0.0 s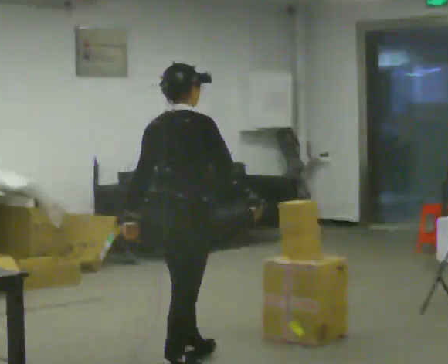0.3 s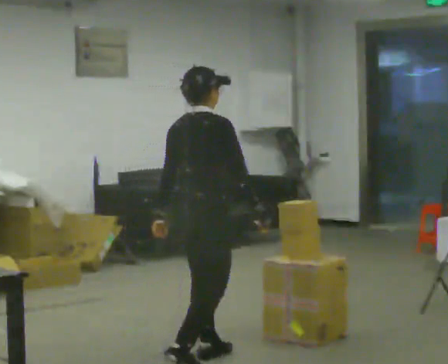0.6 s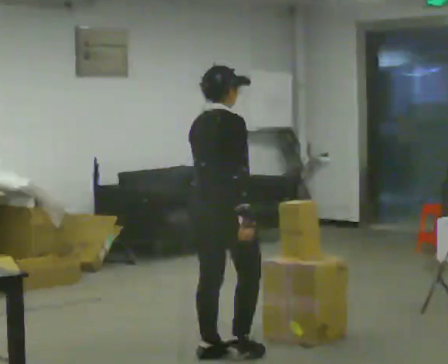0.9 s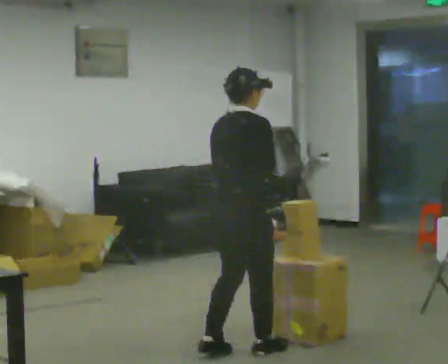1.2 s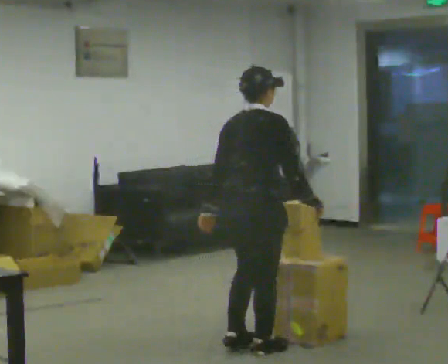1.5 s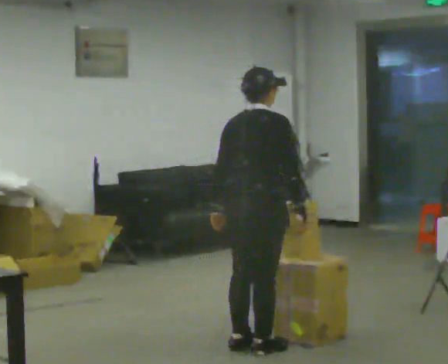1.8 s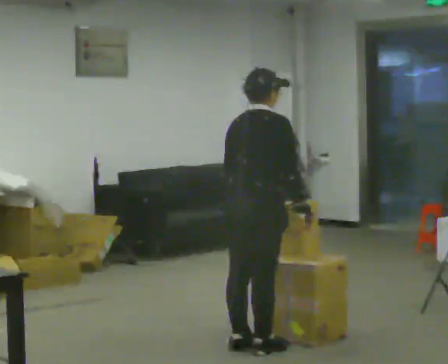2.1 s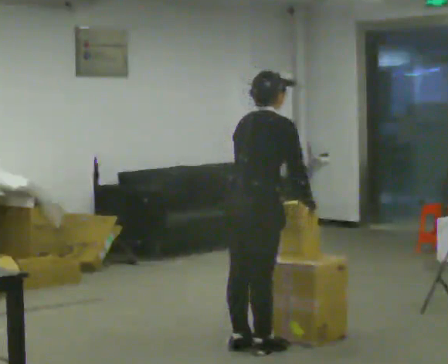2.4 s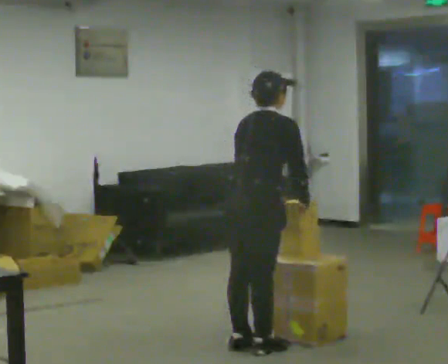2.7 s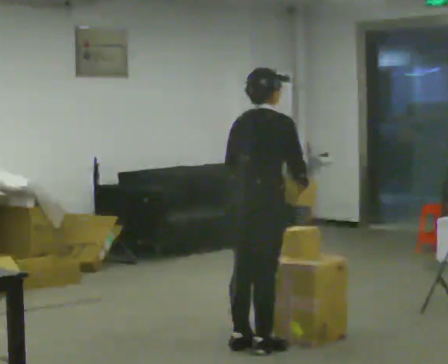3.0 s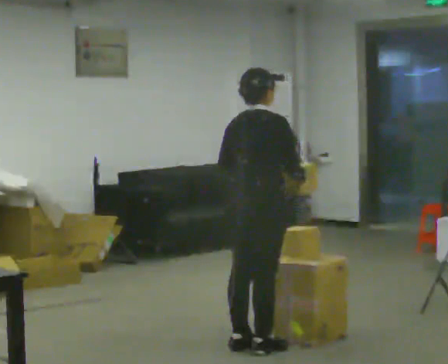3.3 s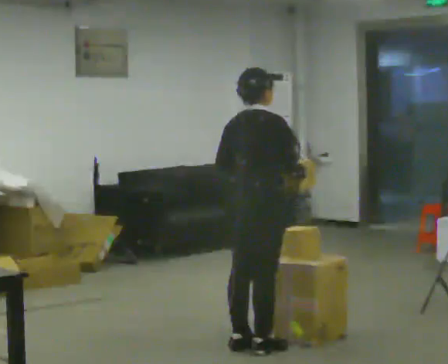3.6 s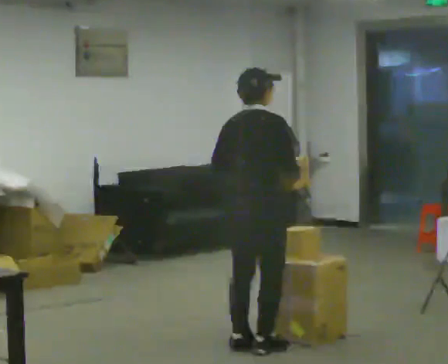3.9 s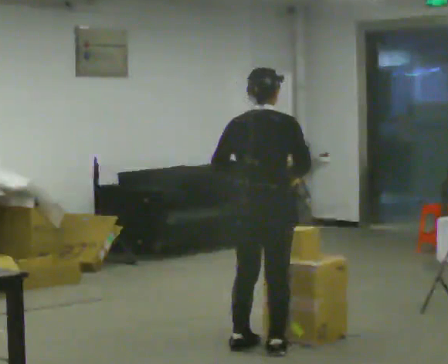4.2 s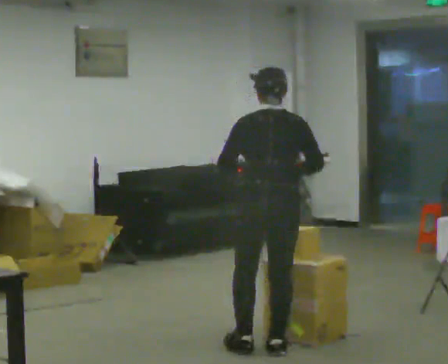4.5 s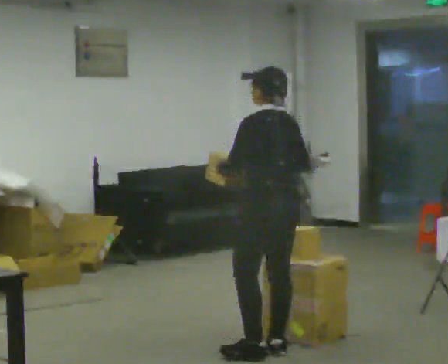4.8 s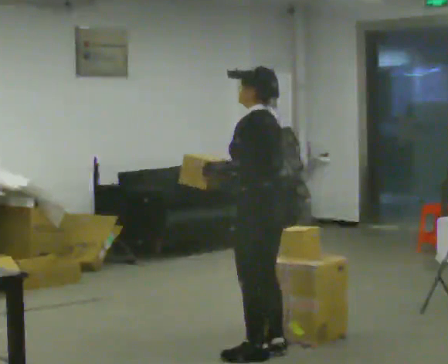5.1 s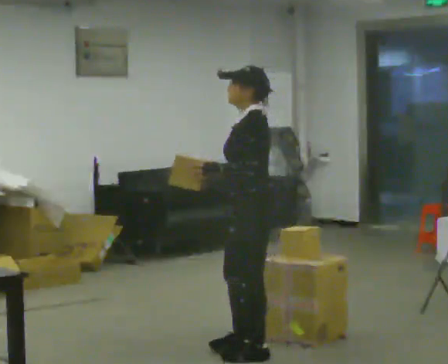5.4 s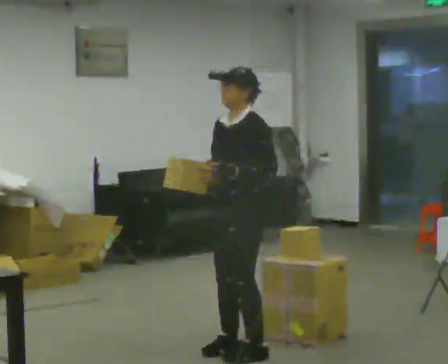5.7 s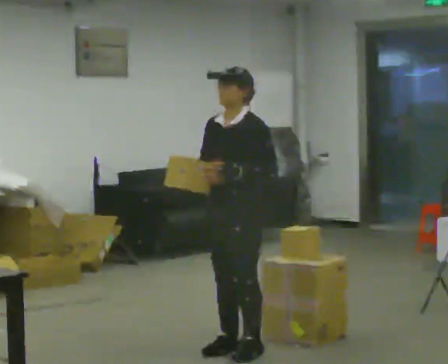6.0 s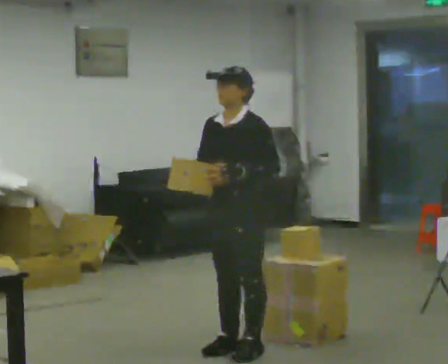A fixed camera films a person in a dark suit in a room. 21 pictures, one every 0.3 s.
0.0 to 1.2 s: In the picture they go away from the camera and to the right, about 0.5 m in 2 steps, which for them is forward.
1.2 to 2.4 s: In the picture their left hand goes to the right.
2.4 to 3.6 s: The person moves a little, or ends about where they began.
3.6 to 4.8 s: The part of the body nearest the lens slides to the right as the person turns to their left by about 105 degrees. In the picture they go toward the camera, about 0.25 m in 1 step.
4.8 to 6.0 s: The person turns about 75 degrees to their left, counterclockwise seen from above, so the part of the body nearest the lens slides to the right.
The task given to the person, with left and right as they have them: Take an object down from the highest shelf you can comfortably reach, carry it across, and place it on the waist-height shelf. Keep going until the operator says stop; one object at a time, and do not rush between trips.
The film runs forward here.
